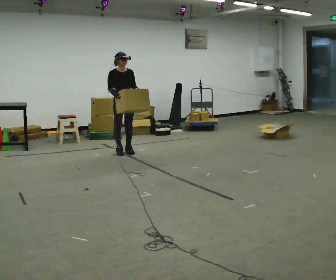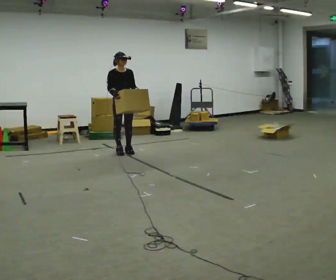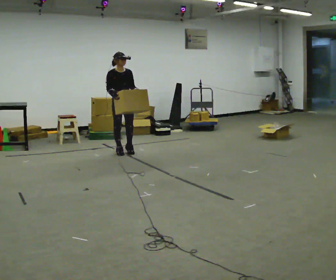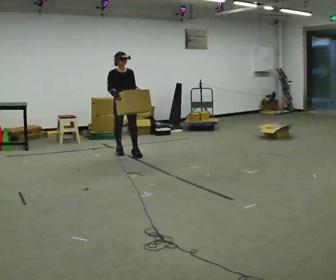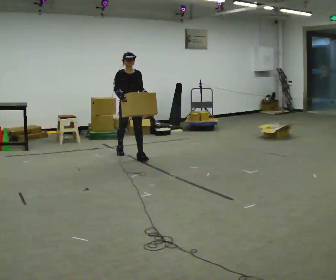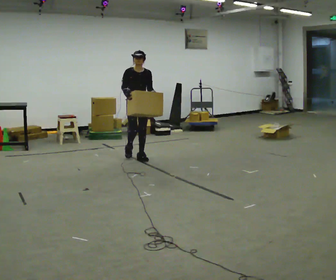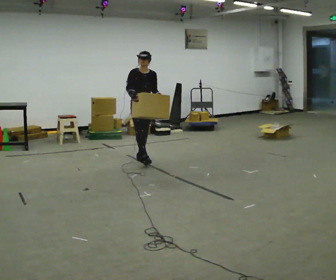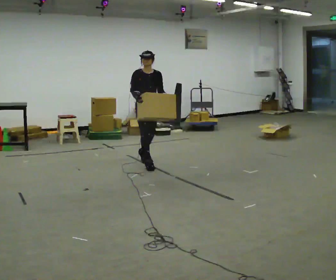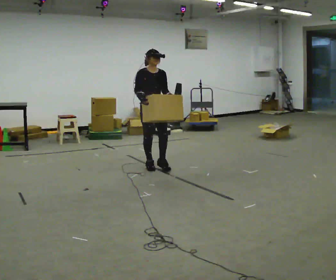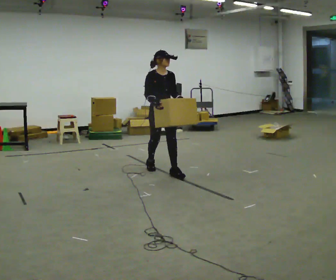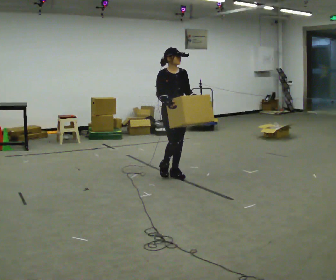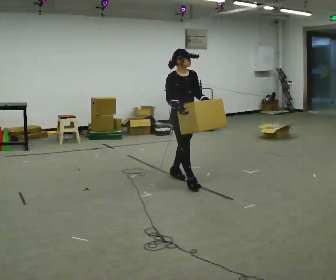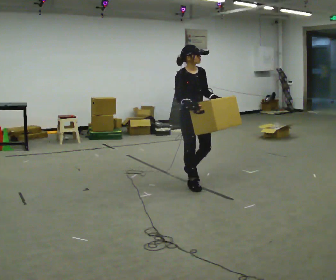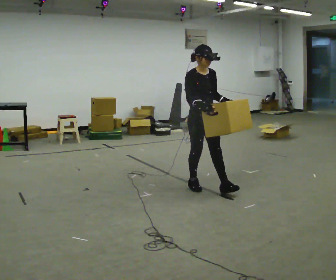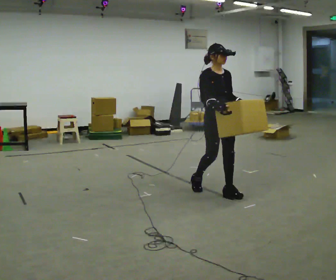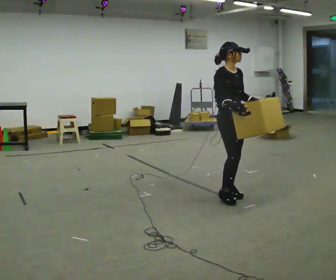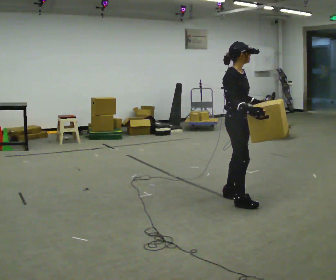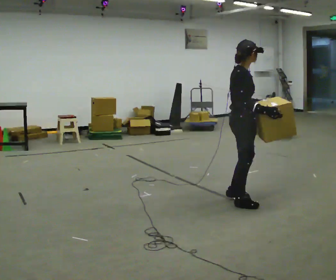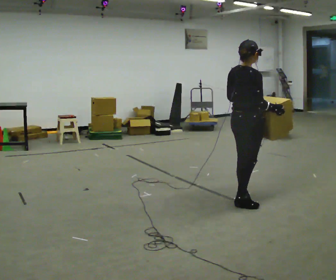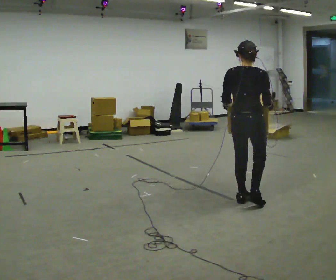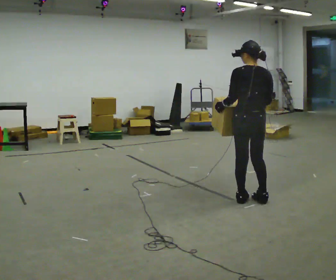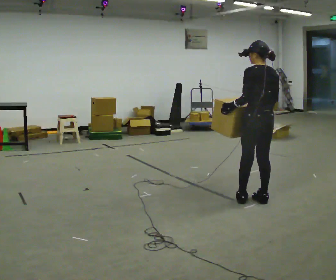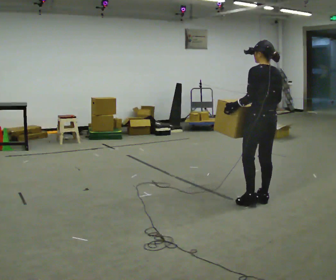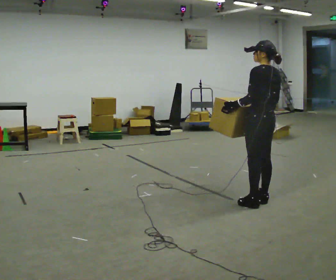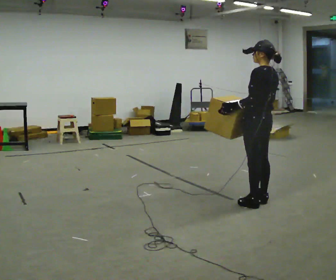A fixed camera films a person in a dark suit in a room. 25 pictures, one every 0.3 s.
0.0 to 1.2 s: In the picture they go toward the camera and to the right, about 0.25 m in 1 step, which for them is forward.
1.2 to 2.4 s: In the picture they go toward the camera and to the right, about 0.5 m in 1 step, which for them is forward.
2.4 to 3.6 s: In the picture they go toward the camera and to the right, about 1 m in 2 steps, which for them is forward.
3.6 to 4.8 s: In the picture they go to the right and toward the camera, about 0.75 m in 2 steps, which for them is forward.
4.8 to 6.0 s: The part of the body nearest the lens slides to the right as the person turns to their left by about 120 degrees. In the picture they go to the right, about 0.25 m in 2 steps.
6.0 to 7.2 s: The part of the body nearest the lens slides to the right as the person turns to their left by about 45 degrees.
The film runs forward here.
